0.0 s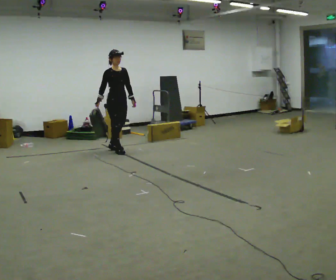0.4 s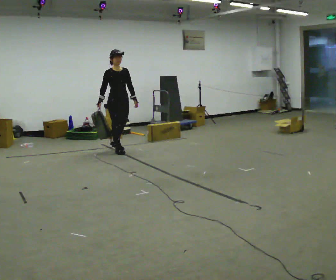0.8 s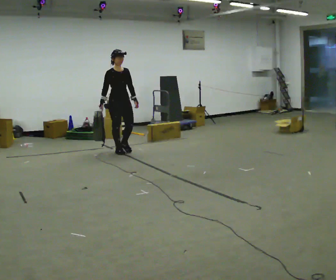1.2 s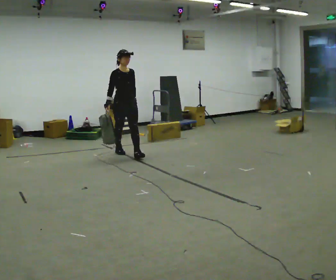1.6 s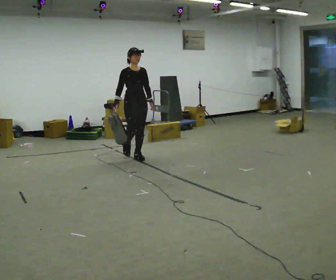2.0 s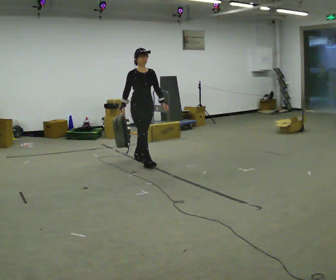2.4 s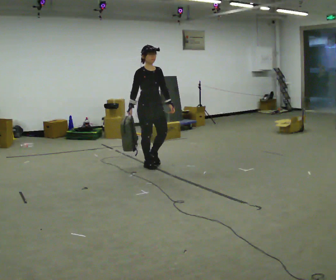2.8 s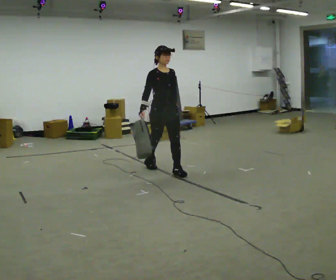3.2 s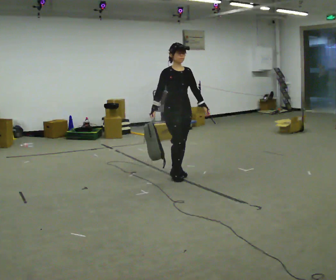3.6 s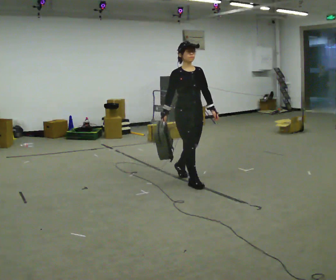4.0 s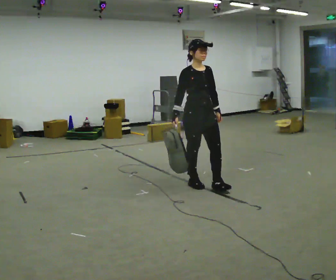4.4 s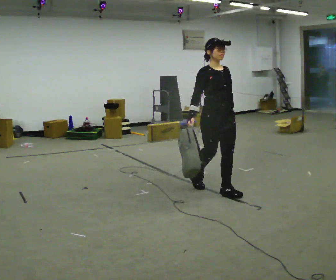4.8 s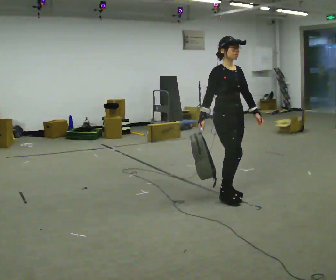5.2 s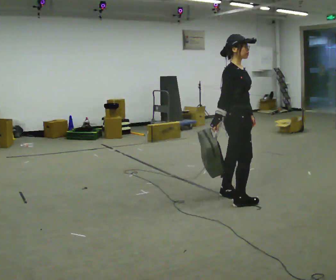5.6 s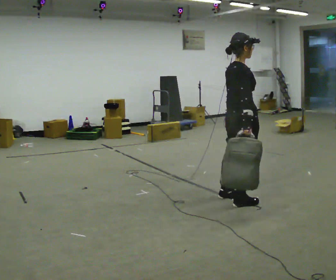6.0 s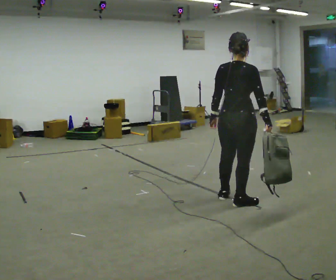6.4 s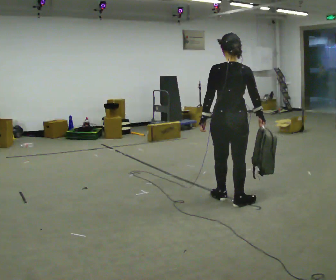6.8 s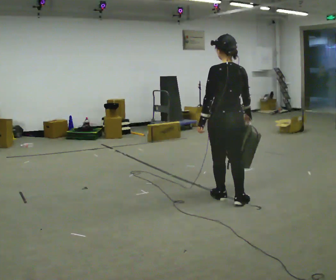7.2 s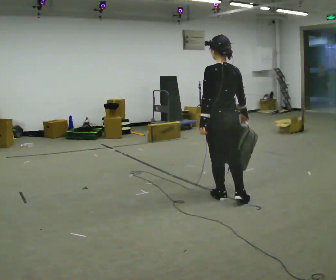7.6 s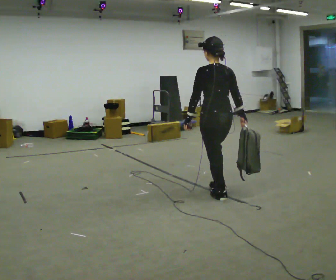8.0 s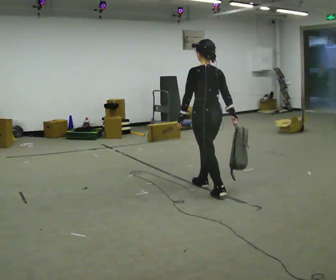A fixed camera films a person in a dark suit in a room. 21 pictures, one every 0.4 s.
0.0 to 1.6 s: In the picture they go to the right and toward the camera, about 0.5 m in 1 step, which for them is forward.
1.6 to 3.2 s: In the picture they go toward the camera and to the right, about 1 m in 2 steps, which for them is forward.
3.2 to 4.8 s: In the picture they go toward the camera and to the right, about 1 m in 2 steps, which for them is forward.
4.8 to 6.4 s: The person turns about 135 degrees to their left, counterclockwise seen from above, so the part of the body nearest the lens slides to the right. In the picture they go toward the camera, about 0.25 m in 1 step. In the picture their right hand goes to the right, the arm swinging counterclockwise.
6.4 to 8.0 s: The person turns about 45 degrees to their left, counterclockwise seen from above, so the part of the body nearest the lens slides to the right. In the picture they go away from the camera and to the left, about 0.5 m in 1 step, which for them is forward.
The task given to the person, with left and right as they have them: Carry the soft bag across the room, back and forth. It will change shape as you move, so hold it however works.
The film runs forward here.
